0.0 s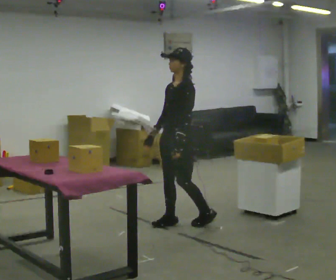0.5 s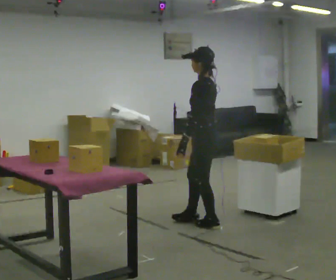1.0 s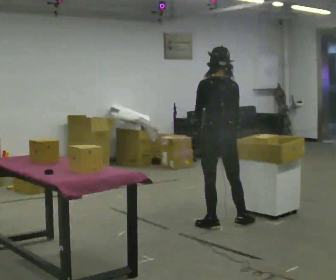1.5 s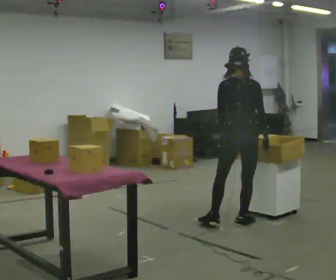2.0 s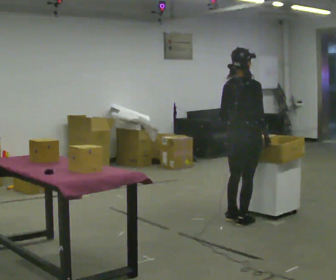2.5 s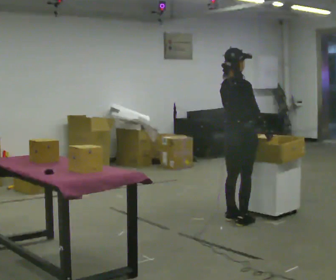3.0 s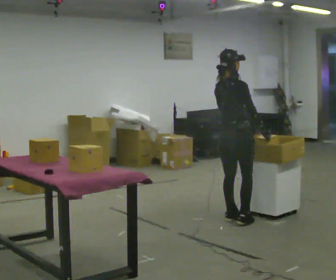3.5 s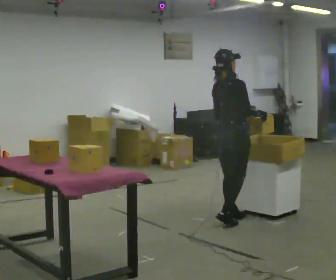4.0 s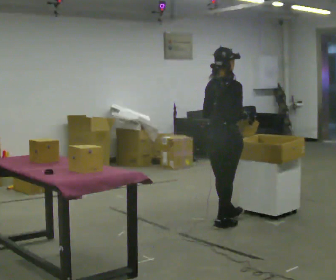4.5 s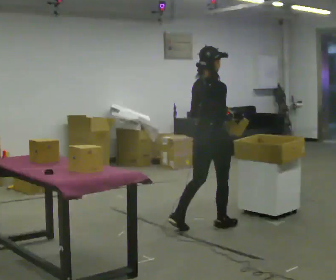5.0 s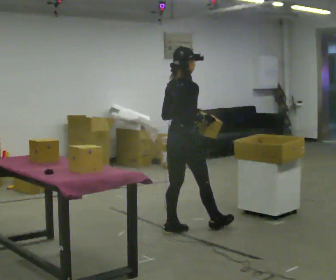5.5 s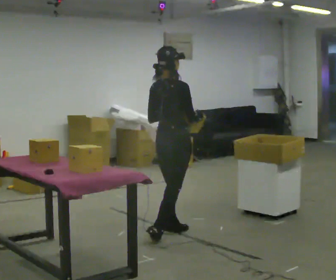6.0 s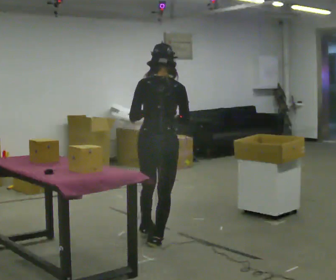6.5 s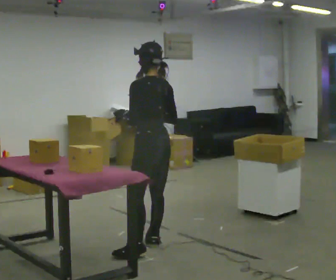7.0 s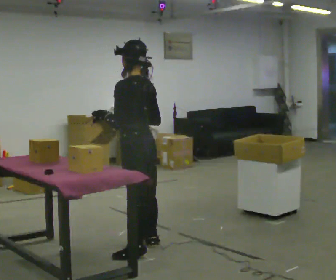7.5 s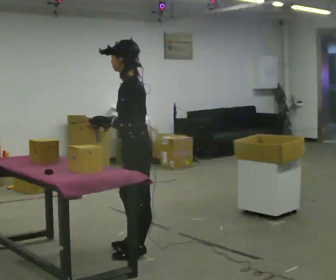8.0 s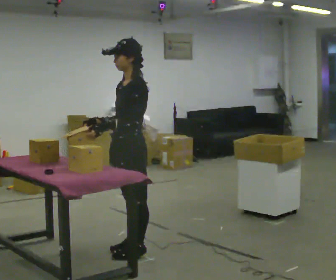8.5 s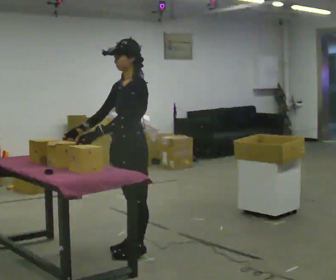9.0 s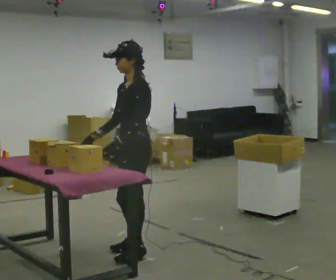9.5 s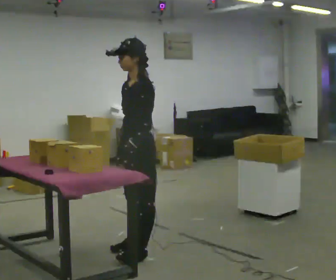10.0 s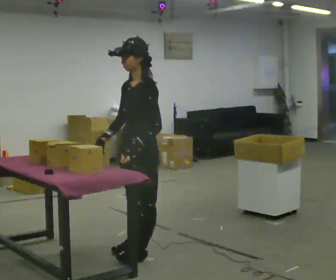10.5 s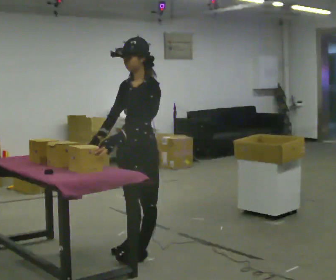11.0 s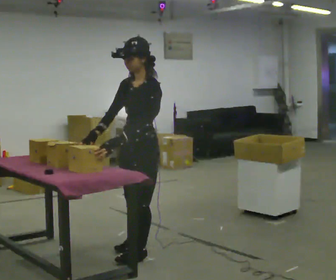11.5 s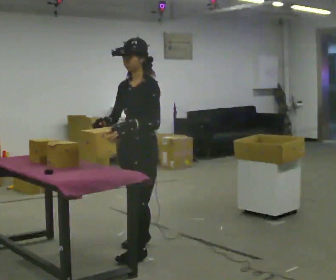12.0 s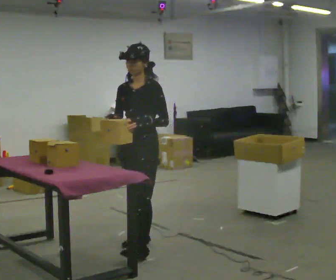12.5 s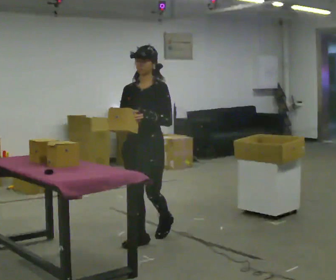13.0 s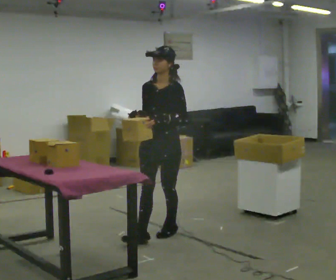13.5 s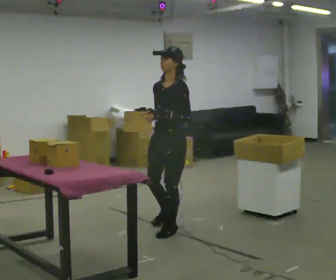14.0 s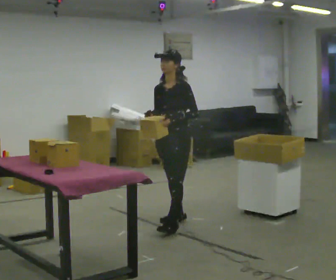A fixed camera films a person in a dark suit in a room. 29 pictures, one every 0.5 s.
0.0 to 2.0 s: The person turns about 150 degrees to their right, clockwise seen from above, so the part of the body nearest the lens slides to the left. In the picture they go to the right, about 0.5 m in 2 steps.
2.0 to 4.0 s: In the picture they go to the left, about 0.25 m in 2 steps, which for them is backward.
4.0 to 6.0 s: The part of the body nearest the lens slides to the right as the person turns to their left by about 45 degrees. In the picture they go to the left and toward the camera, about 1 m in 2 steps, which for them is backward.
6.0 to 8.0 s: The part of the body nearest the lens slides to the right as the person turns to their left by about 120 degrees. In the picture they go toward the camera and to the left, about 0.25 m in 1 step.
8.0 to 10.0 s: The person moves a little, or ends about where they began.
10.0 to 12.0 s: The person turns about 30 degrees to their left, counterclockwise seen from above, so the part of the body nearest the lens slides to the right. In the picture they go away from the camera, about 0.25 m in 1 step, which for them is to their right.
12.0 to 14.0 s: In the picture they go away from the camera and to the right, about 0.5 m in 2 steps, which for them is backward.
The film runs backward here.
